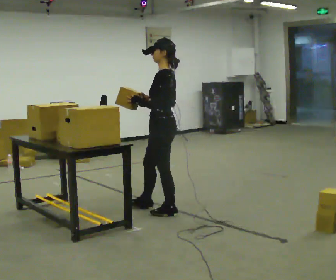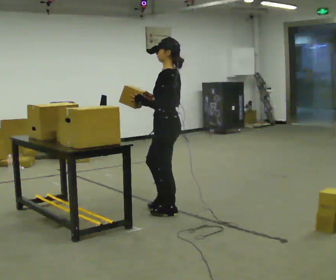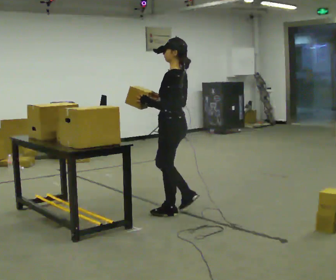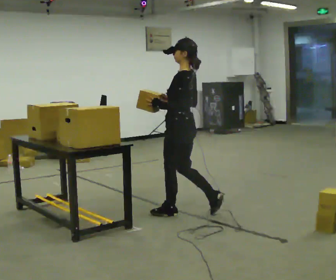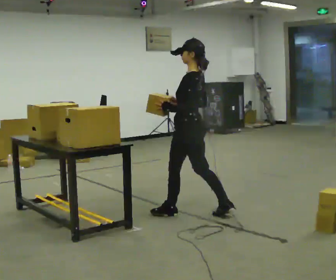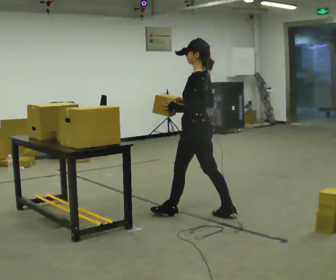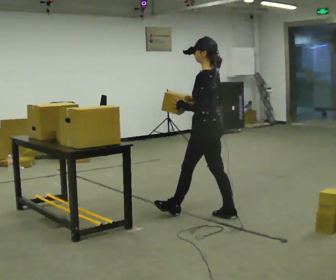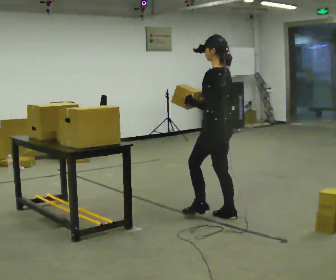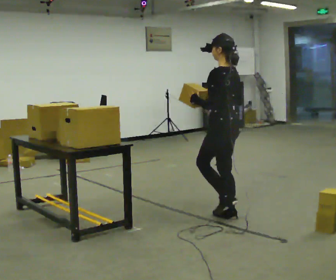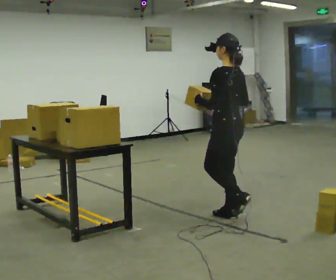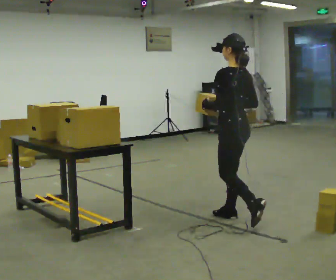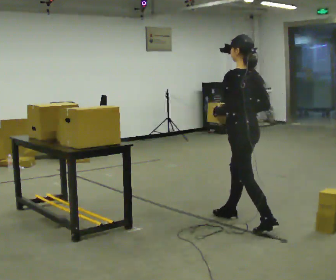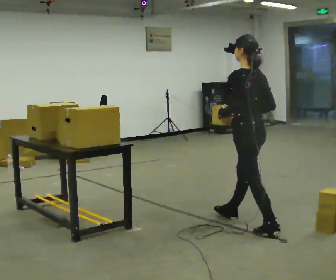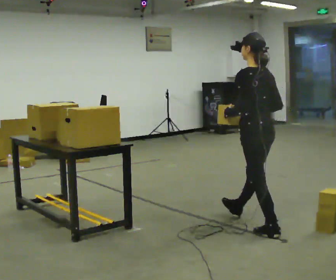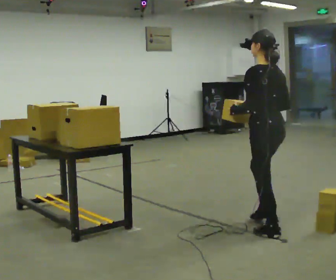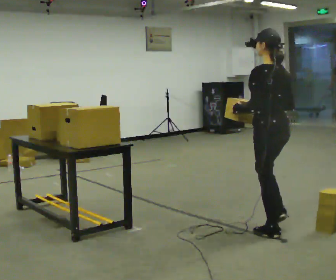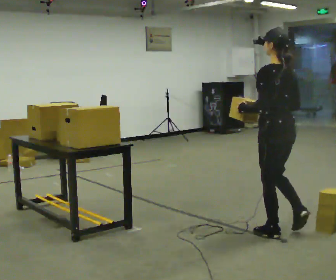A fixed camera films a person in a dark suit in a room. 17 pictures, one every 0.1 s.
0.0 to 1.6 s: The part of the body nearest the lens slides to the left as the person turns to their right by about 45 degrees. In the picture they go to the right and toward the camera, about 1 m in 2 steps, which for them is backward.
The film runs backward here.
